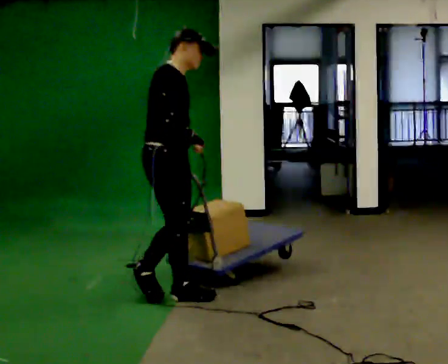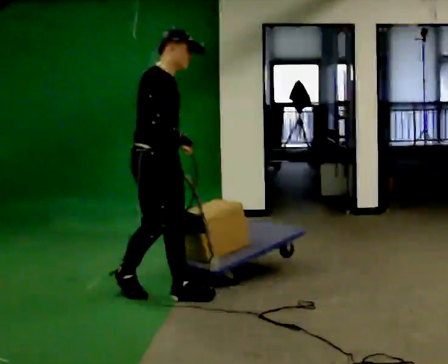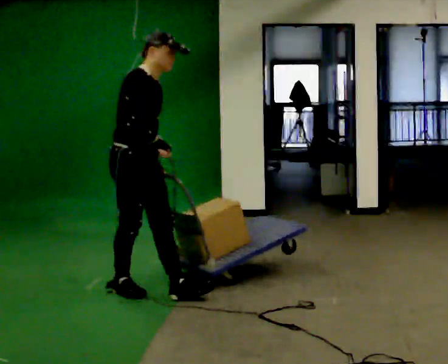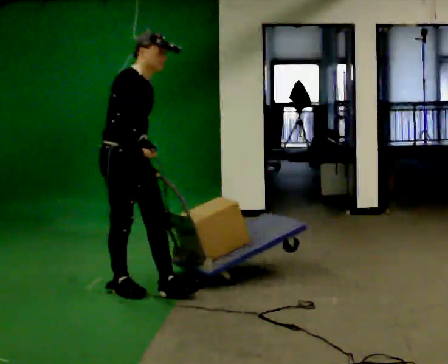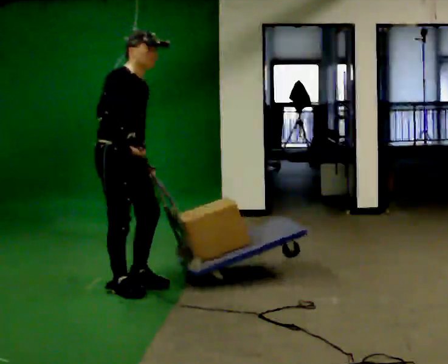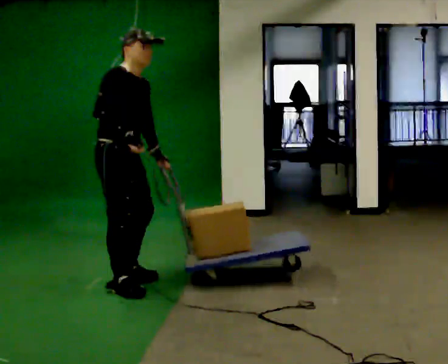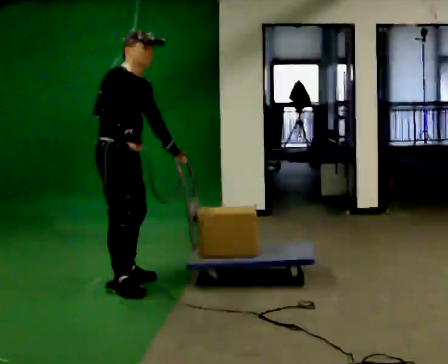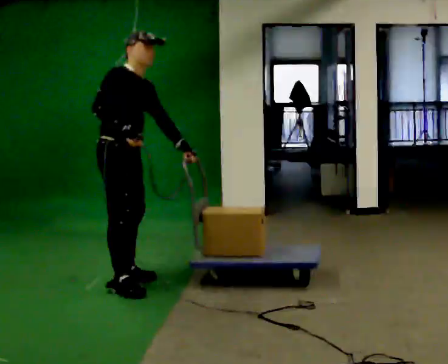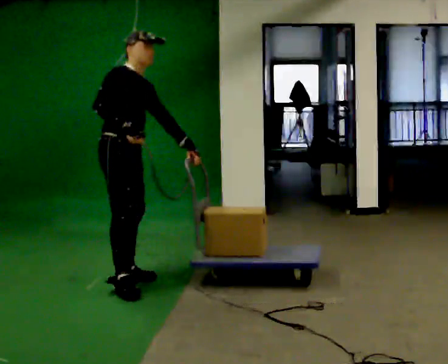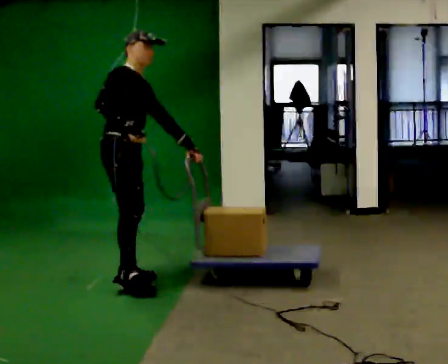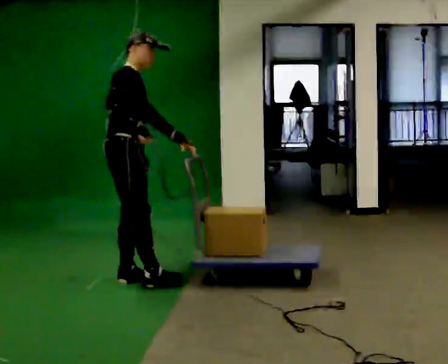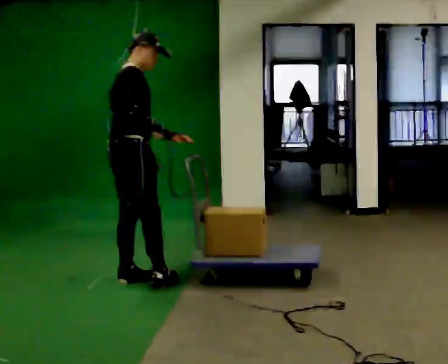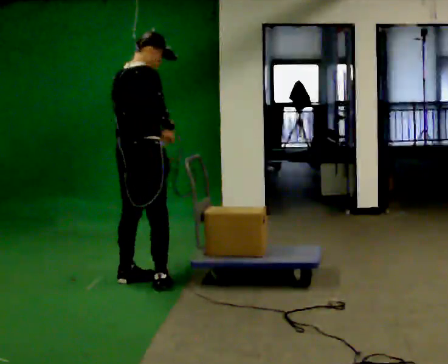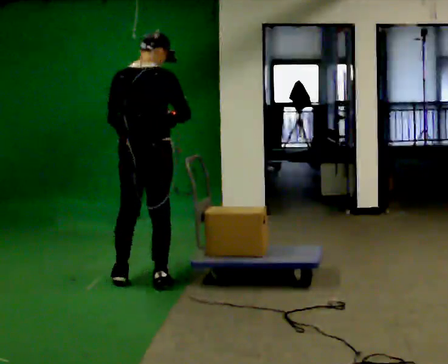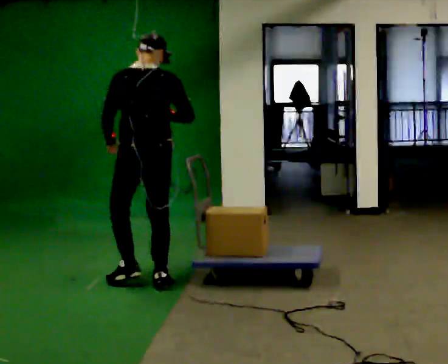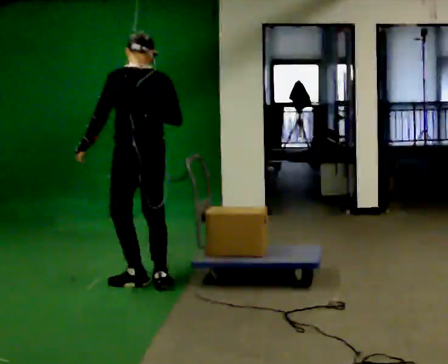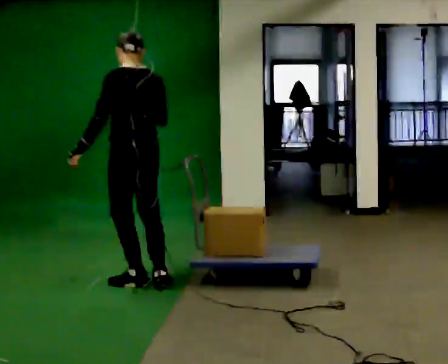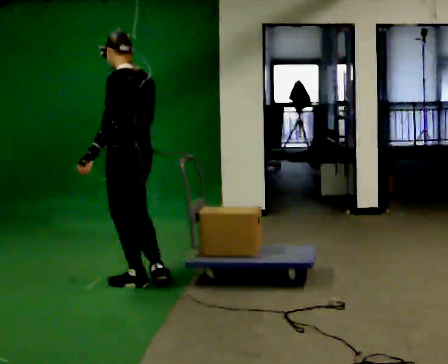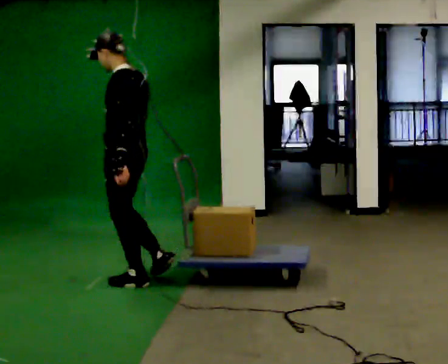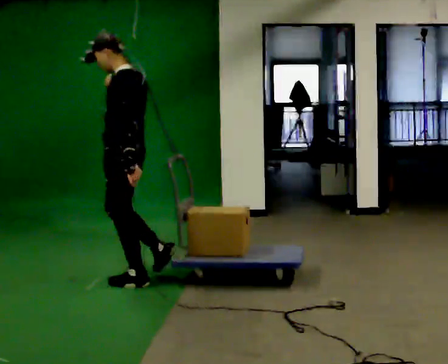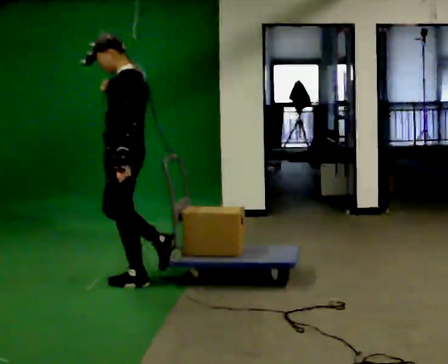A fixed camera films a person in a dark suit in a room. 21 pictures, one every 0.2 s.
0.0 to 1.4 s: In the picture they go away from the camera and to the left, about 0.5 m in 1 step, which for them is backward.
1.4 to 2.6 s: The person turns about 90 degrees to their left, counterclockwise seen from above, so the part of the body nearest the lens slides to the right. In the picture they go to the right, about 0.25 m in 2 steps. In the picture their left hand goes to the left, the arm swinging clockwise.
2.6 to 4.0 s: Seen from above the body turns counterclockwise, about 105 degrees: to their left, with its near side sliding to the right.
The film runs backward here.
